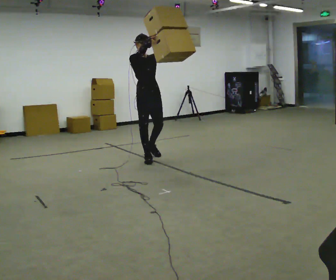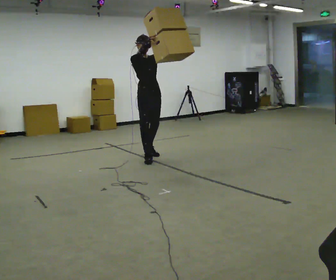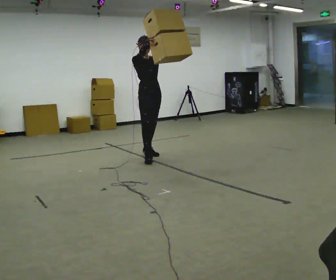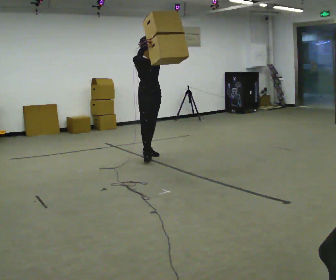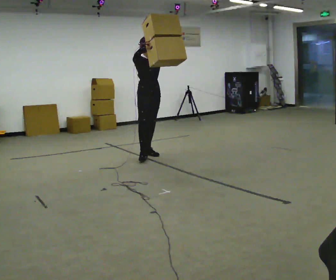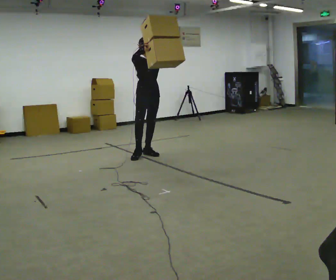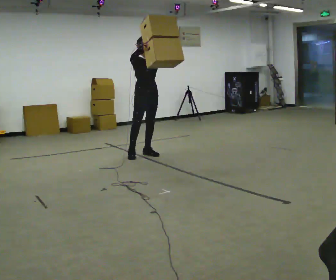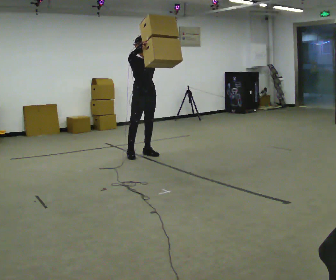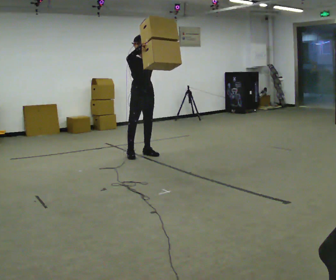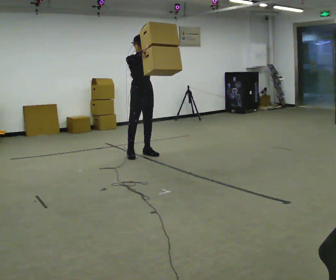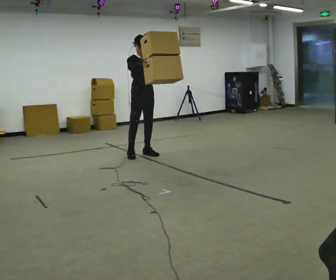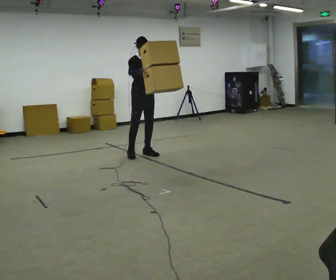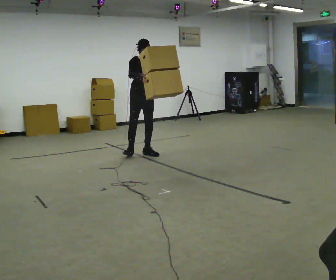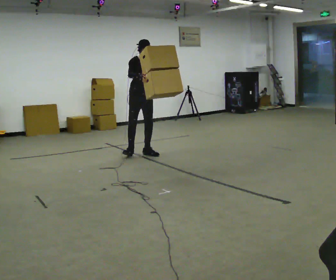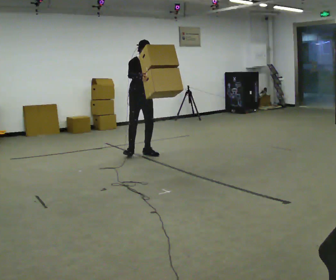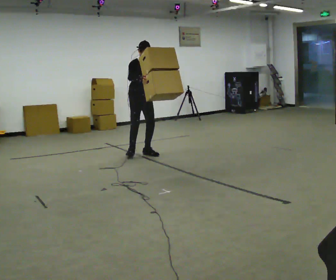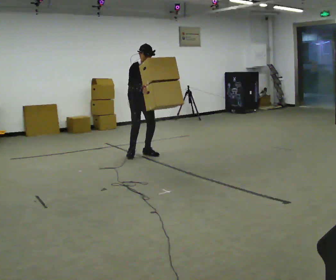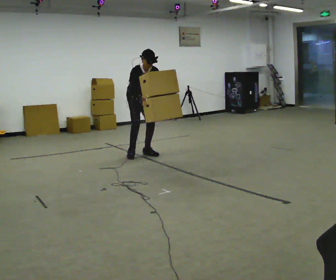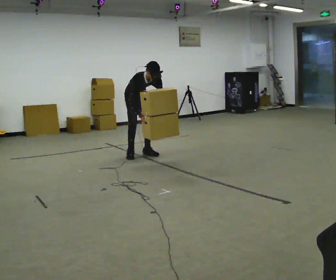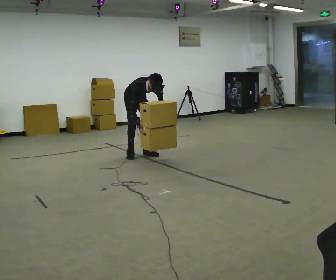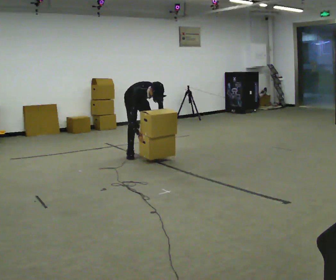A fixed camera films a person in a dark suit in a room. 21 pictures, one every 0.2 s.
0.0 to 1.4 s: In the picture they go away from the camera, about 0.25 m in 1 step, which for them is backward.
1.4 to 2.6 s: In the picture they go away from the camera, about 0.25 m, which for them is backward. The upper body tips toward the camera, its near side rolling downward, as they bend forward. In the picture their right hand goes downward.
2.6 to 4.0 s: The shoulders move downward. The upper body tips toward the camera, its near side rolling downward, as they bend forward. In the picture their left hand goes downward.
The film runs backward here.
